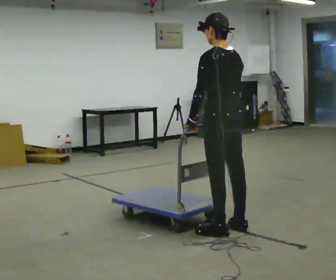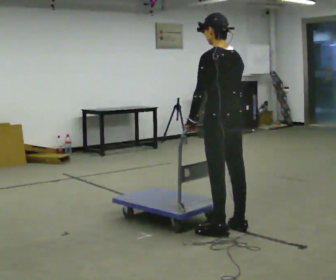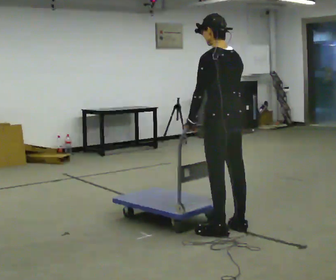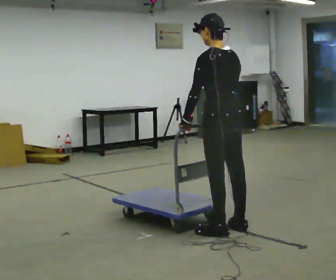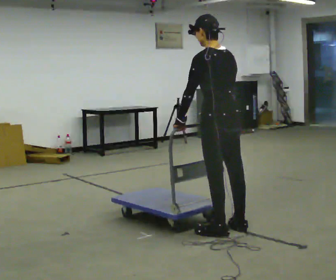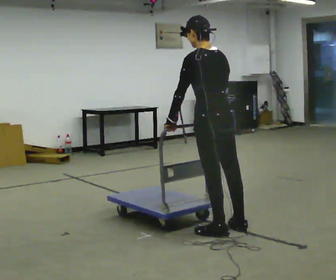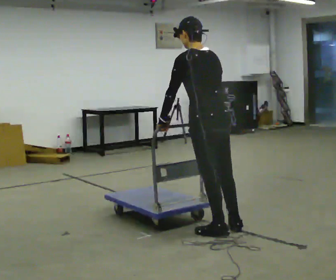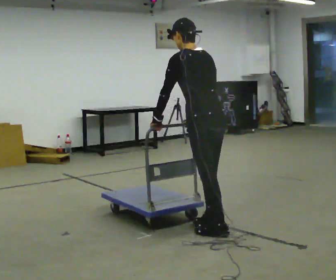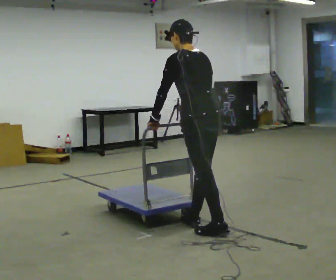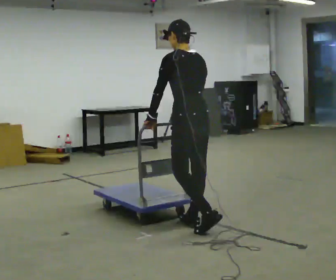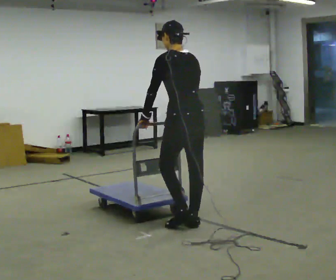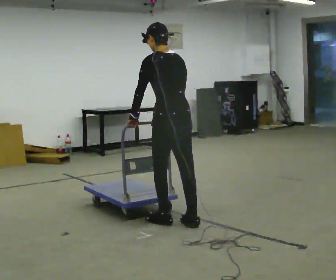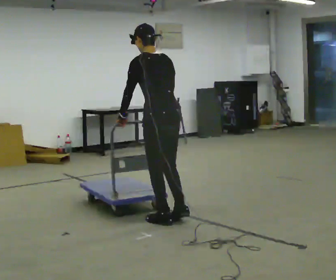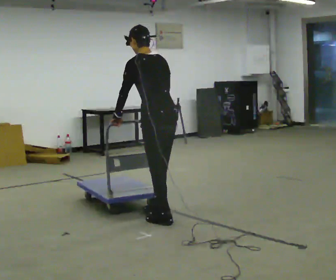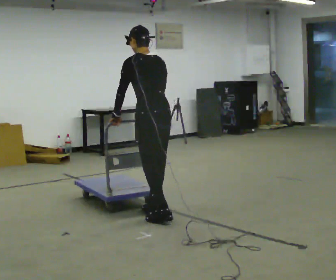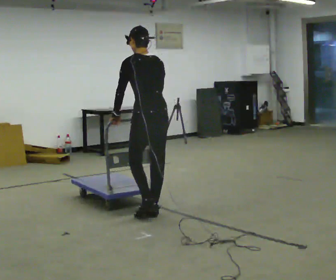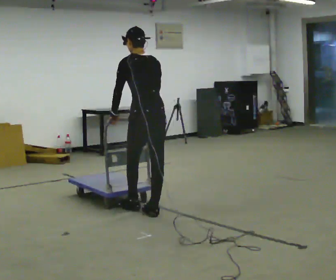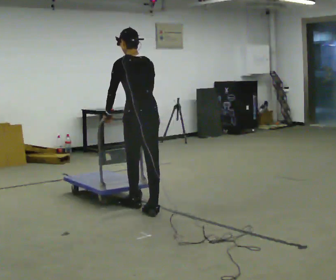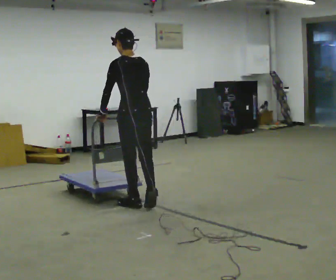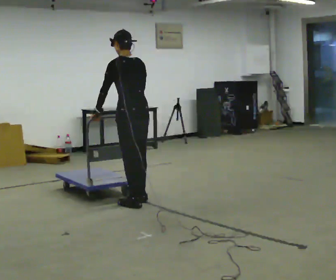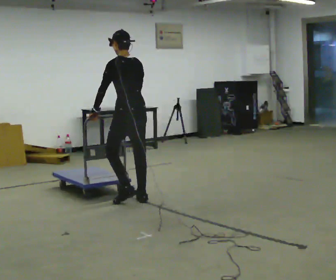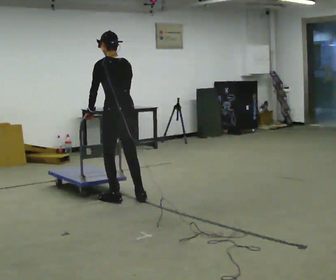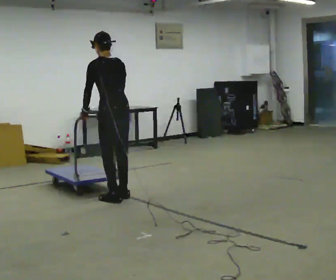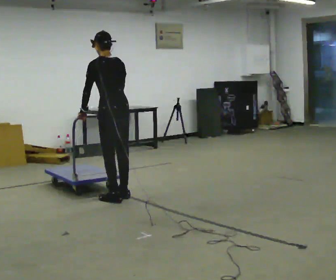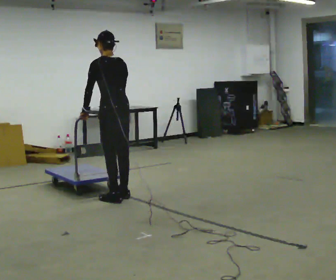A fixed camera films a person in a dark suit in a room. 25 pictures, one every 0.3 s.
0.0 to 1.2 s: The person moves a little, or ends about where they began.
1.2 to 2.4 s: In the picture they go to the left, about 0.25 m in 1 step, which for them is forward.
2.4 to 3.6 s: In the picture they go to the left and away from the camera, about 0.5 m in 1 step, which for them is forward.
3.6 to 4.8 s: In the picture they go away from the camera, about 0.25 m in 1 step, which for them is forward.
4.8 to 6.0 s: In the picture they go away from the camera and to the left, about 0.5 m in 2 steps, which for them is forward.
6.0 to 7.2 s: In the picture they go to the left, about 0.25 m in 2 steps, which for them is forward.
The film runs forward here.
